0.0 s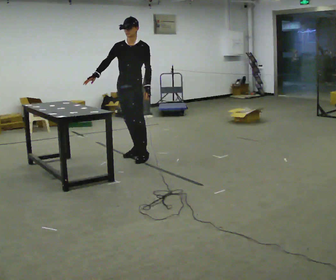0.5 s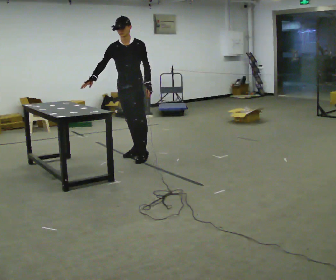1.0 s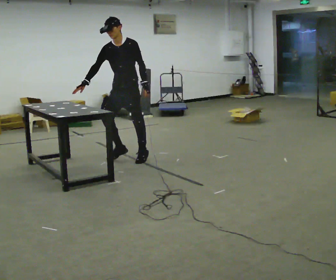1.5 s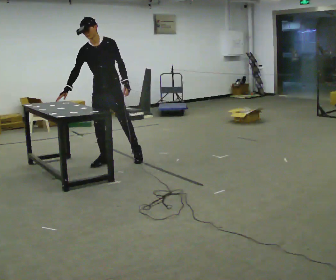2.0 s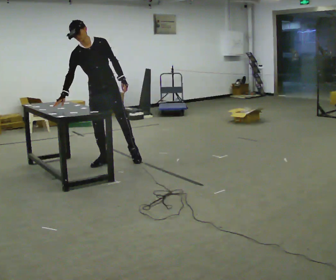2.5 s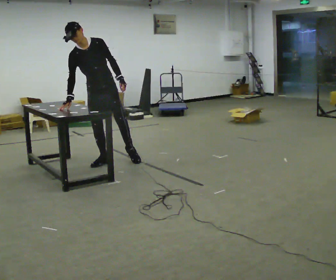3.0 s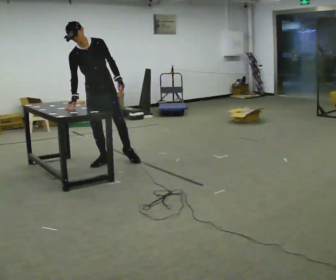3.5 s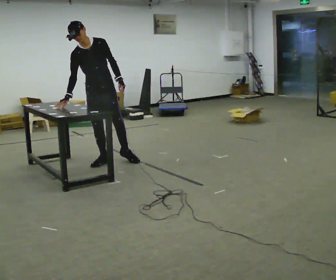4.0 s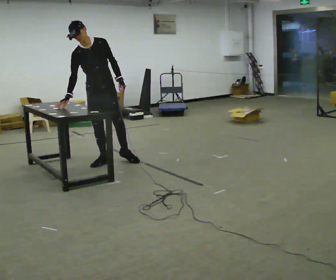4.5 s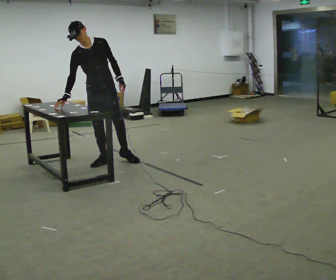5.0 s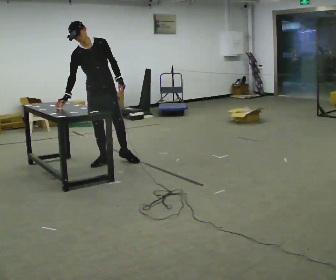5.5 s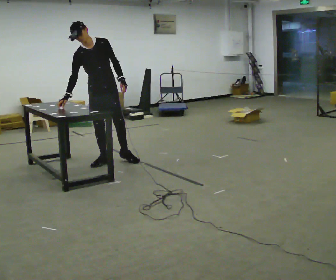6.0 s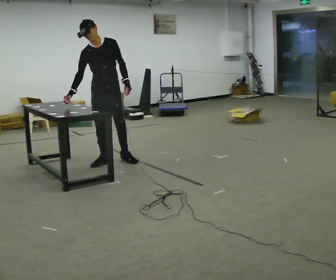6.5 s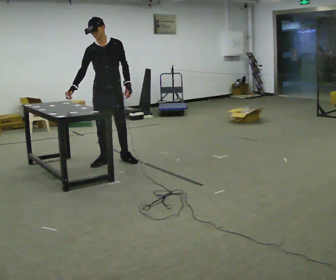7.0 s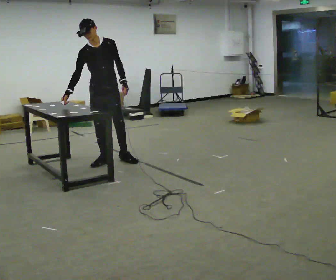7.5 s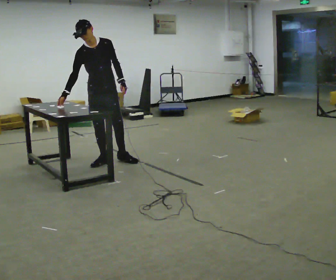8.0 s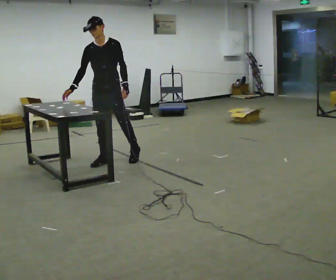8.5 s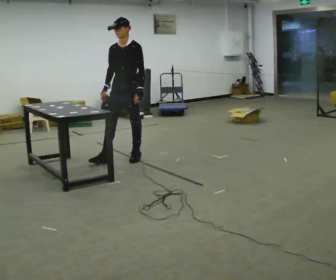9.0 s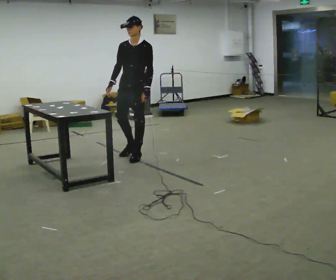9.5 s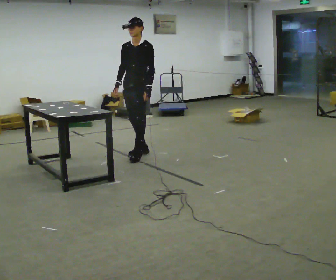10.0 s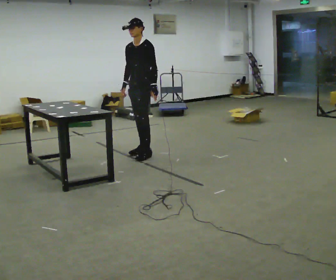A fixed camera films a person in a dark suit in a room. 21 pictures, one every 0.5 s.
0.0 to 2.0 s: In the picture they go to the left, about 0.5 m in 2 steps, which for them is forward and to their right. In the picture the upper body tilts counterclockwise, shoulders to the left, as they bend forward.
2.0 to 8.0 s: The person moves a little, or ends about where they began.
8.0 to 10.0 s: Seen from above the body turns clockwise, about 30 degrees: to their right, with its near side sliding to the left. In the picture they go to the right and away from the camera, about 0.5 m in 2 steps, which for them is backward and to their left.
The film runs forward here.
